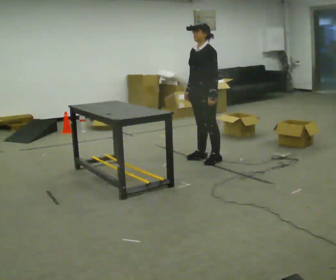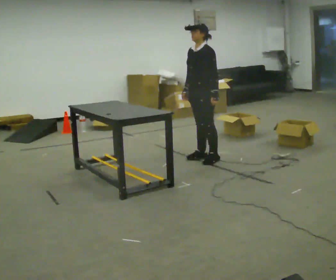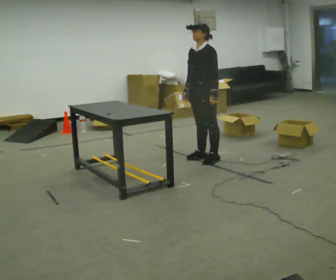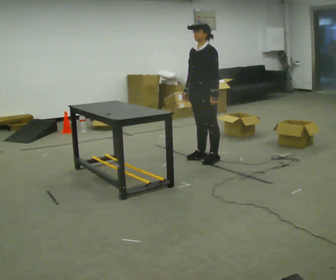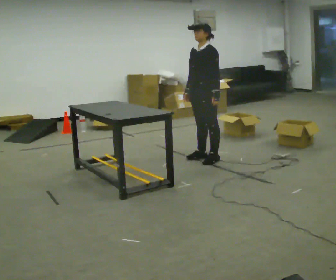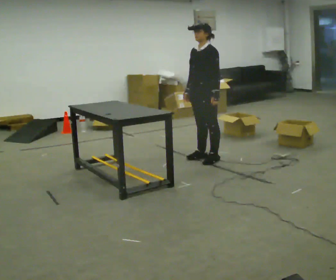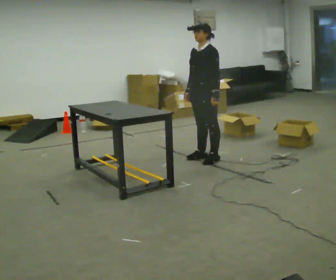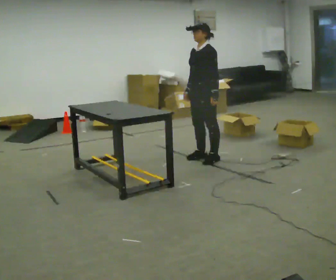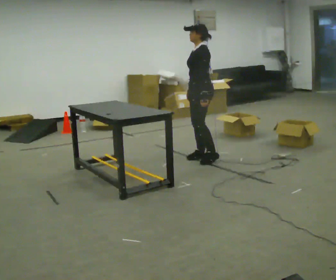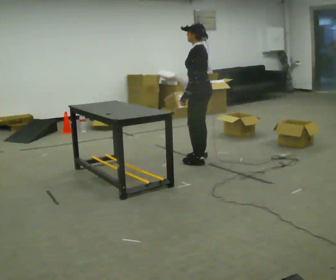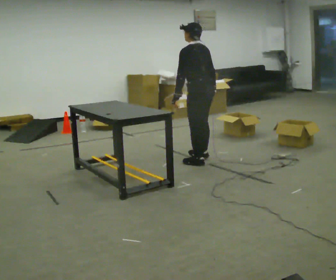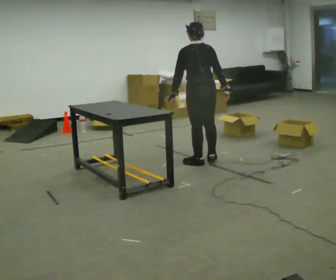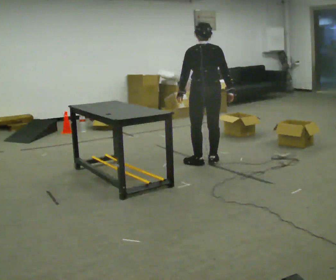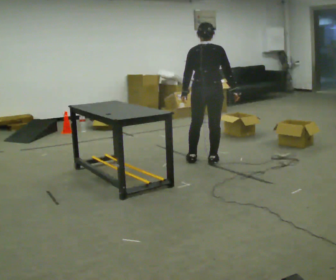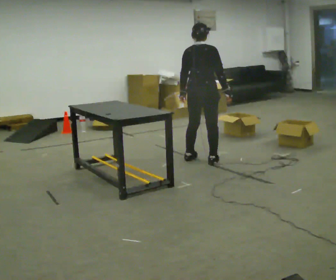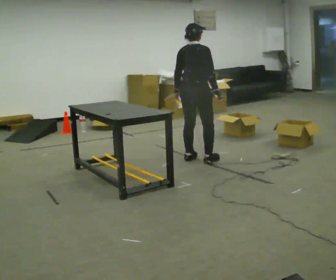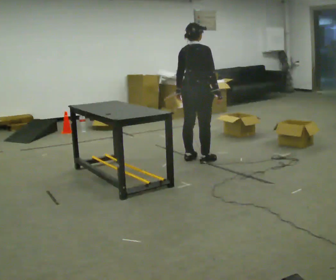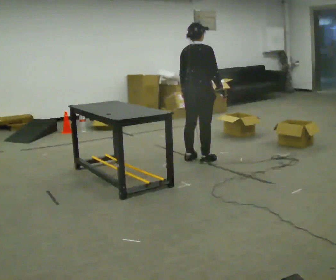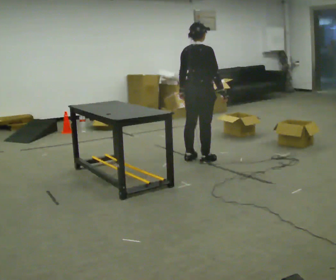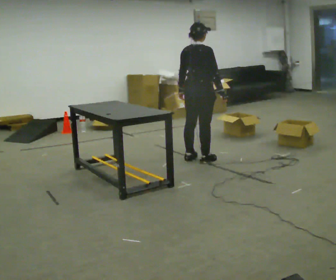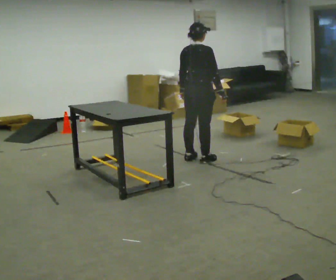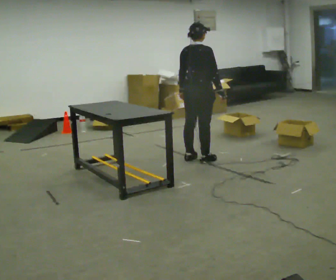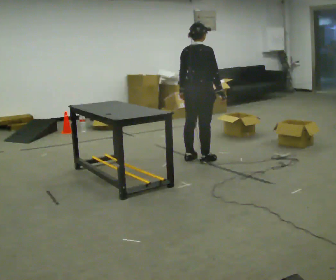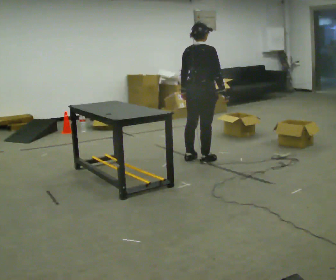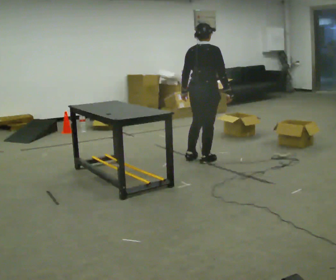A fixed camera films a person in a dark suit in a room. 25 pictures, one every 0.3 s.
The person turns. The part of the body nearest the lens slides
to the left.
The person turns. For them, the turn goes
to their right.
0.0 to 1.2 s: The person moves a little, or ends about where they began.
1.2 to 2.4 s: Seen from above the body turns clockwise, about 30 degrees: to their right, with its near side sliding to the left.
2.4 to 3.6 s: Seen from above the body turns clockwise, about 90 degrees: to their right, with its near side sliding to the left. In the picture they go toward the camera, about 0.25 m in 2 steps. In the picture their right hand goes to the right, the arm swinging counterclockwise.
3.6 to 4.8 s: The part of the body nearest the lens slides to the left as the person turns to their right by about 45 degrees.
4.8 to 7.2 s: The person moves a little, or ends about where they began.
The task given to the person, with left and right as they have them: 1. Take everything out of the crates by the door. 2. Put the small items on the middle shelf. 3. Put the large items on the bottom shelf. 4. Stack the empty crates by the door. 5. Tell the operator when you are finished.
The film runs forward here.
